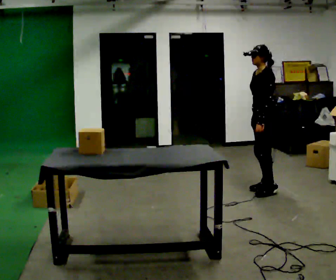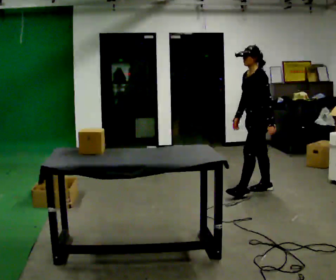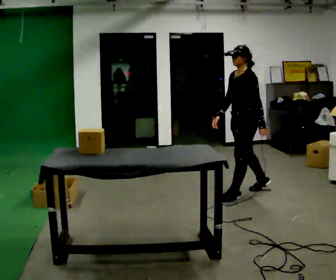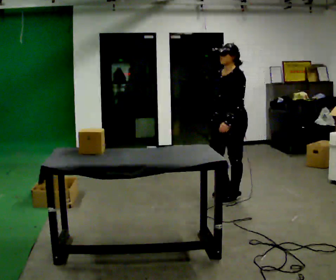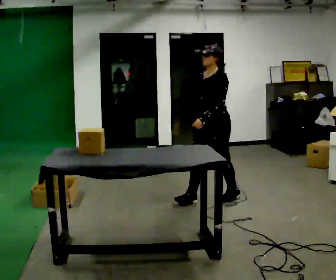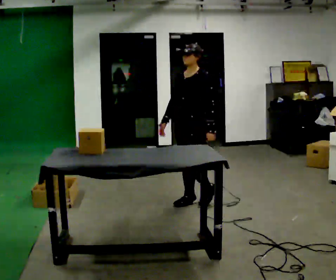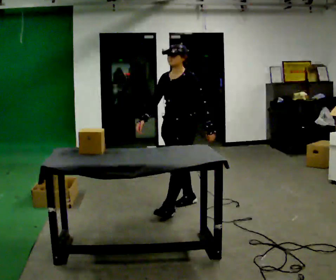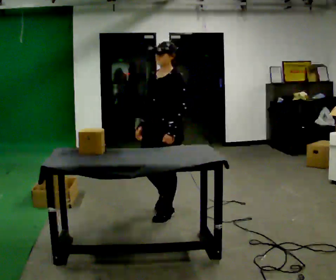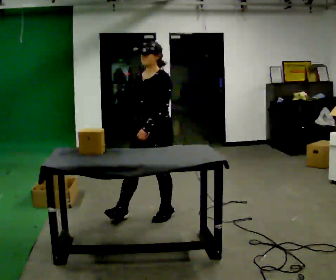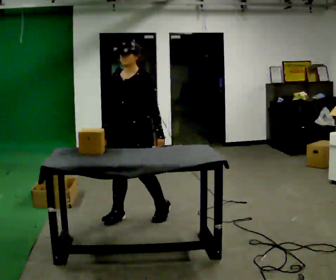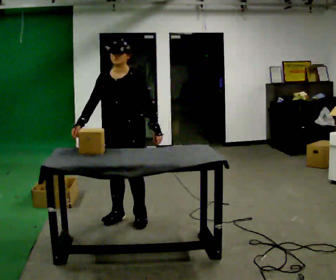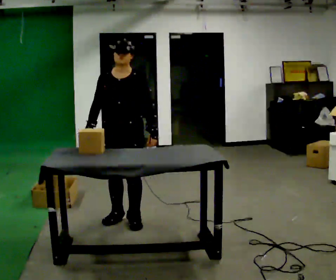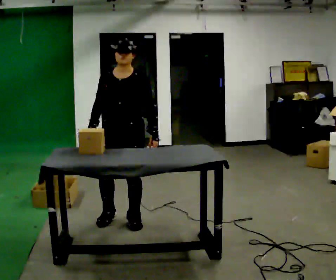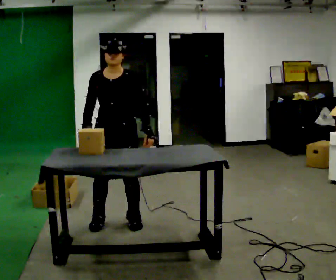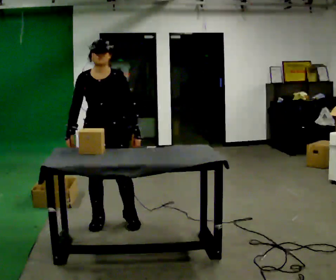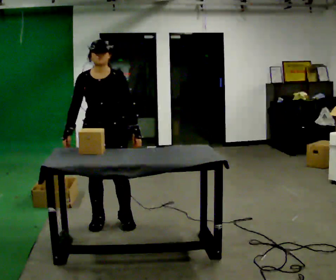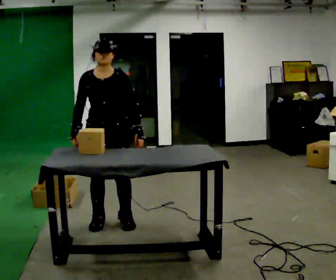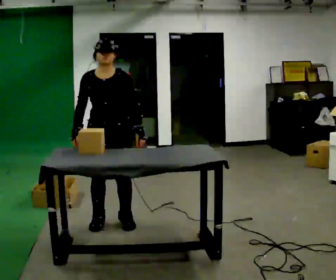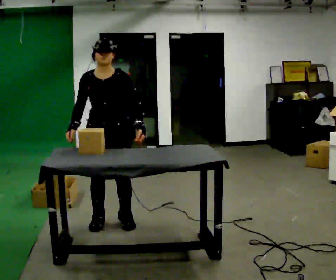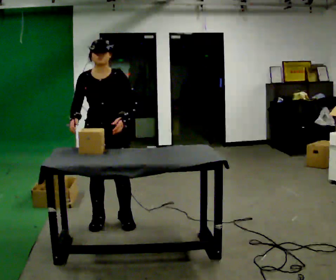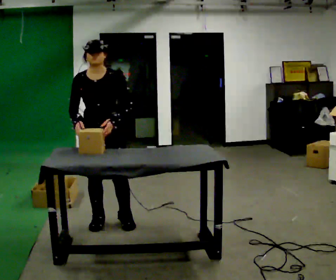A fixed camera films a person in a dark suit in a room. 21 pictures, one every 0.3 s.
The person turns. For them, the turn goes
to their left.
The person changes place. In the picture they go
to the left.
0.0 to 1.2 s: The person turns about 30 degrees to their left, counterclockwise seen from above, so the part of the body nearest the lens slides to the right. In the picture they go to the left, about 0.75 m in 2 steps, which for them is forward.
1.2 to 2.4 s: In the picture they go to the left and toward the camera, about 0.5 m in 1 step, which for them is forward.
2.4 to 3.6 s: The person turns about 30 degrees to their left, counterclockwise seen from above, so the part of the body nearest the lens slides to the right. In the picture they go to the left, about 0.25 m in 2 steps, which for them is forward and to their right.
3.6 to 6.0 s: In the picture they go to the left, about 0.25 m in 1 step, which for them is to their right.
The film runs forward here.
